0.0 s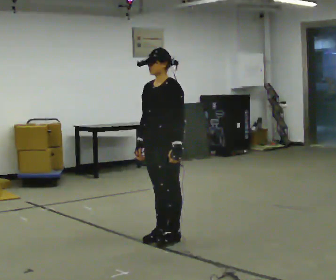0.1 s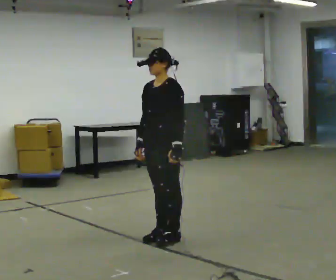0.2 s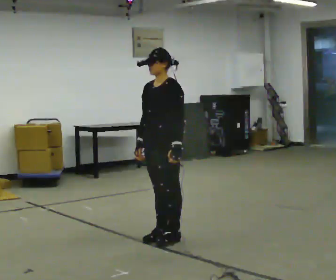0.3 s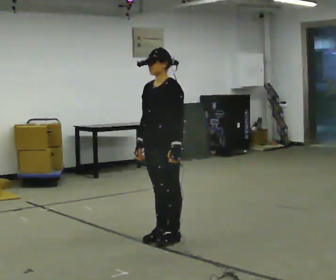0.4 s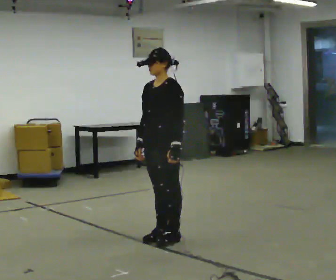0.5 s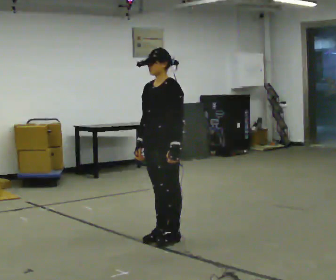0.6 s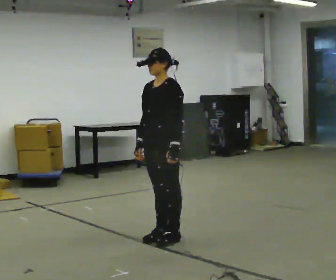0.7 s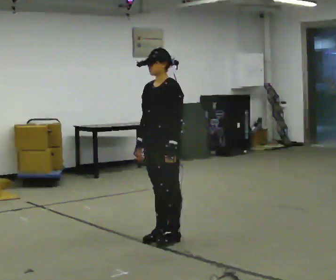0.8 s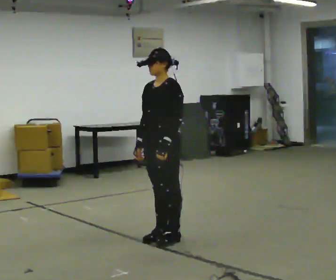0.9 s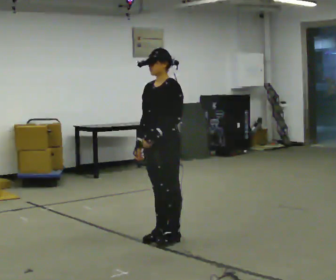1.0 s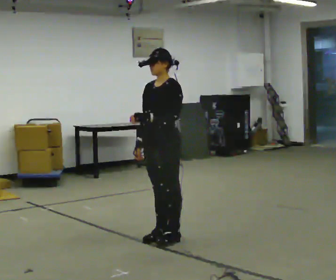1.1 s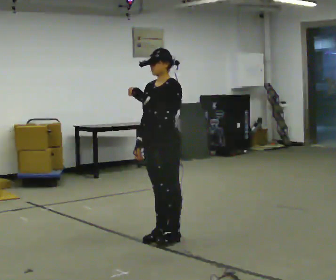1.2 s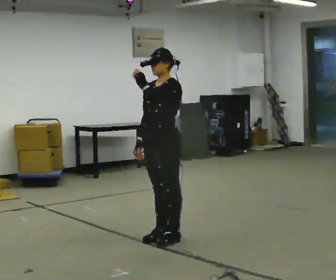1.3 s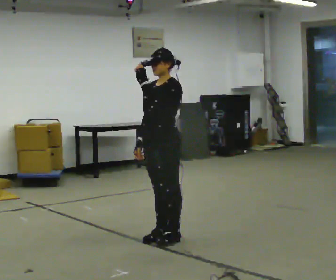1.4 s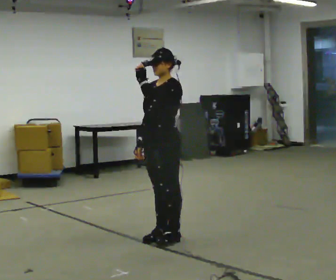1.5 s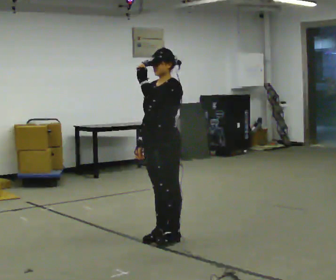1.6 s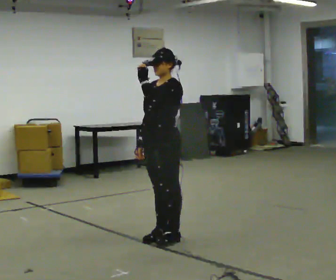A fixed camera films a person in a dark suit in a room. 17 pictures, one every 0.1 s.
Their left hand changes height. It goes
upward.
0.0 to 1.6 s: In the picture their left hand goes upward.
The film runs forward here.
